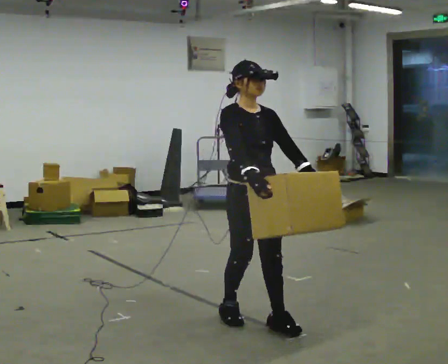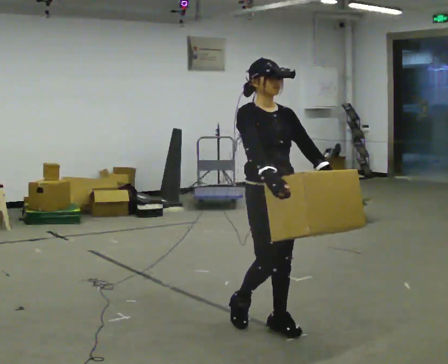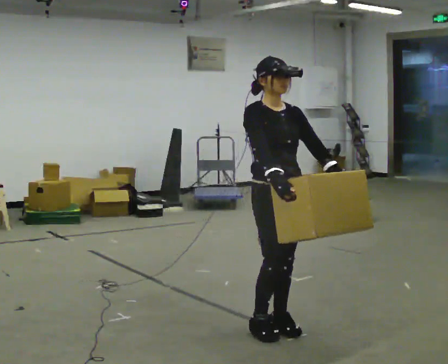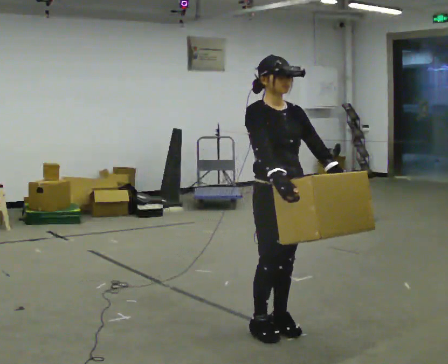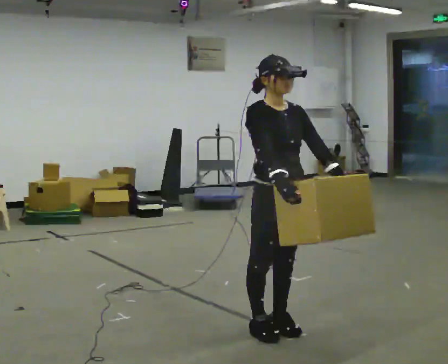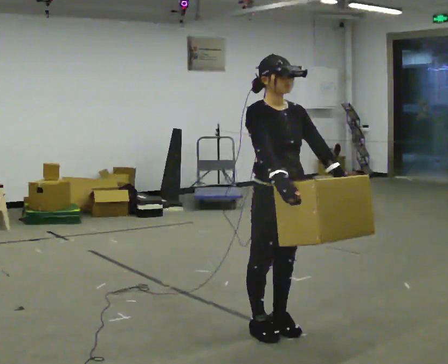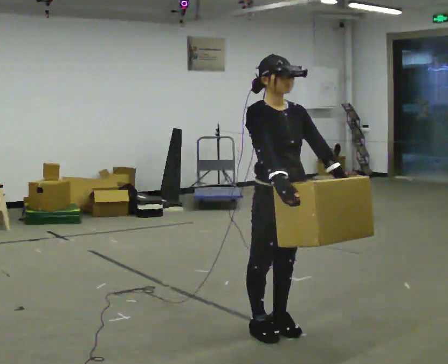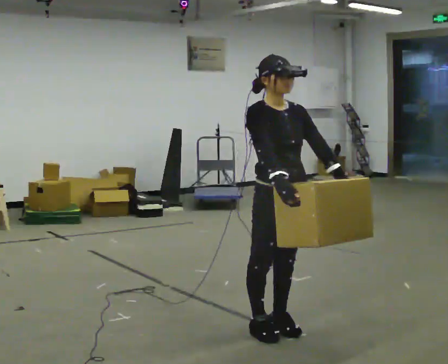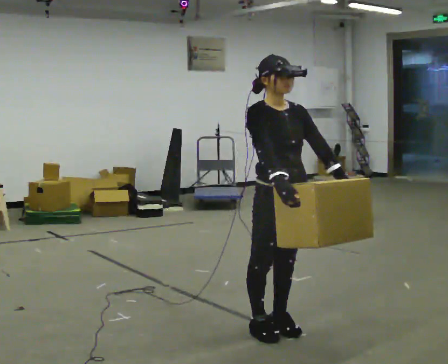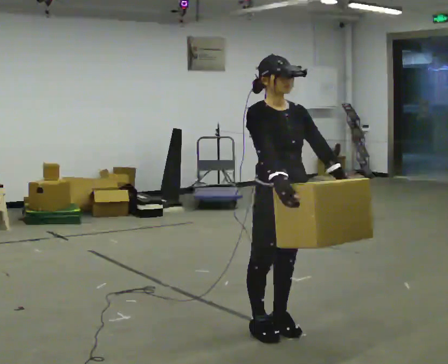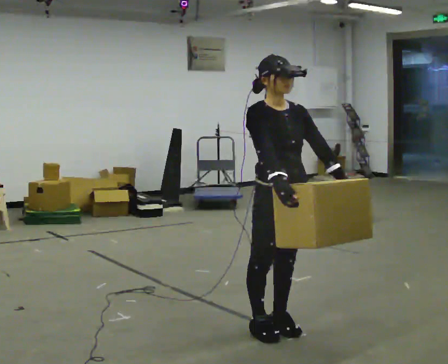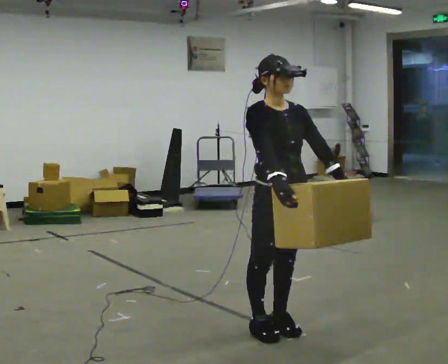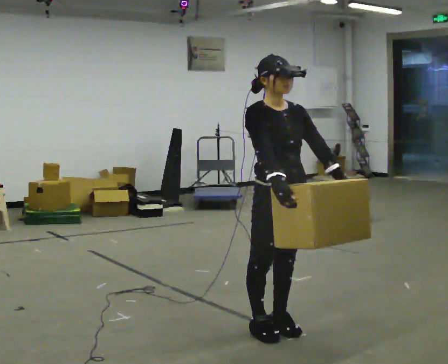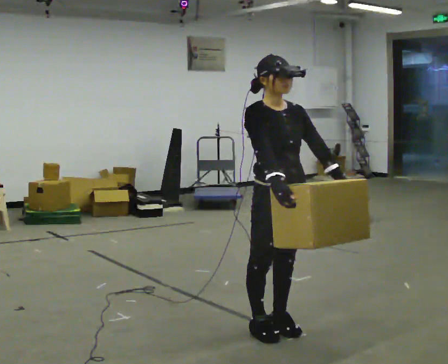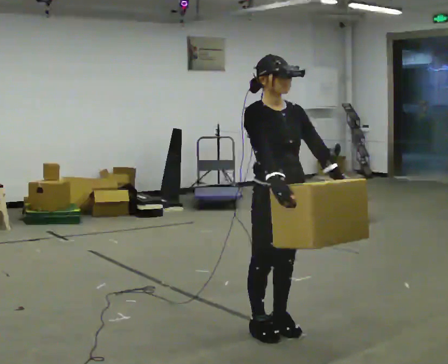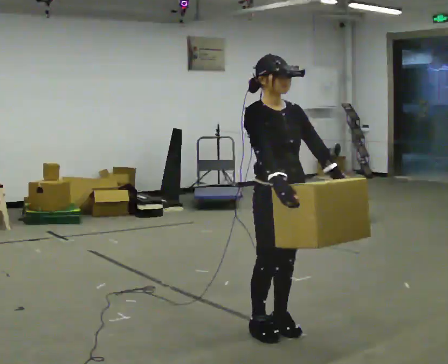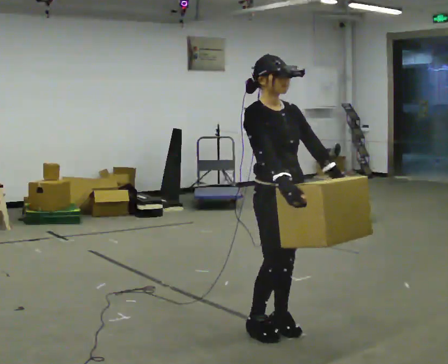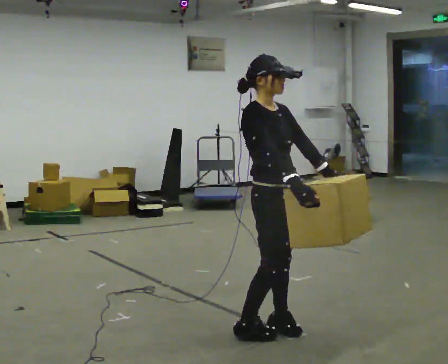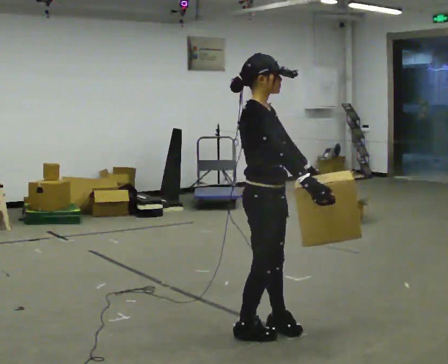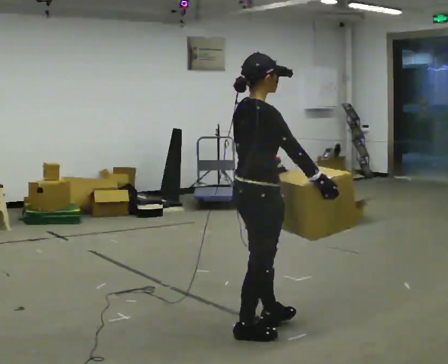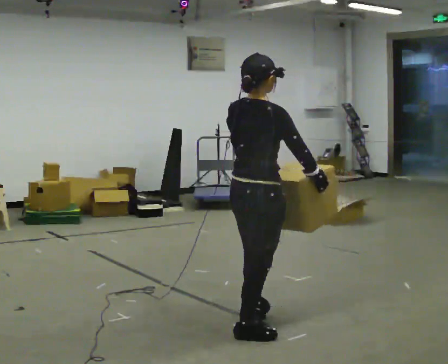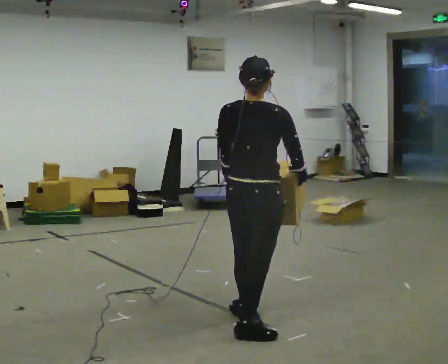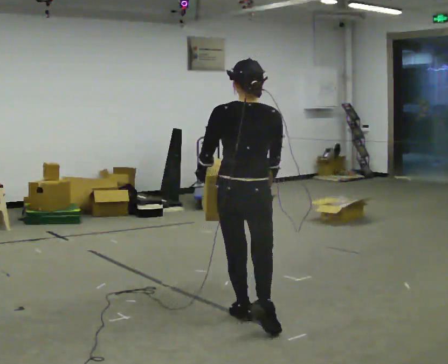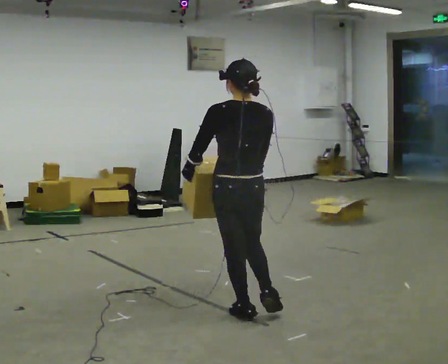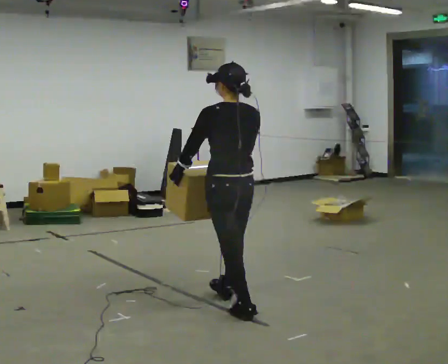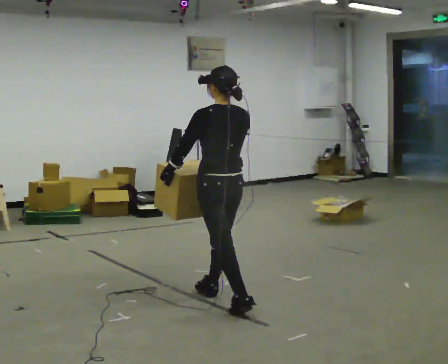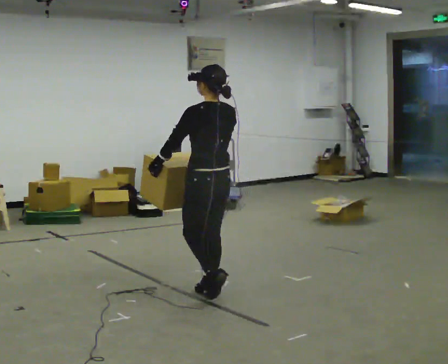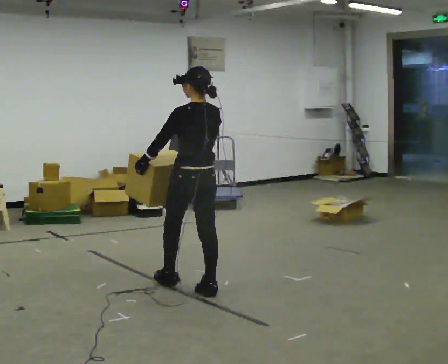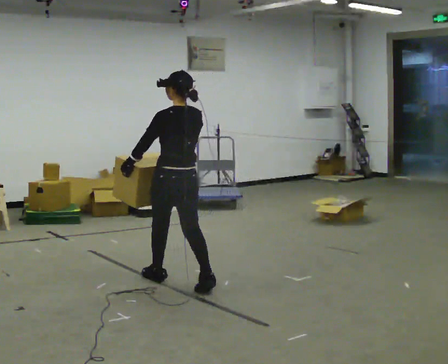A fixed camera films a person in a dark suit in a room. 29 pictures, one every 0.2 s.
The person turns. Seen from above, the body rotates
counterclockwise.
The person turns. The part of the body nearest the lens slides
to the right.
0.0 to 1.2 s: The person moves a little, or ends about where they began.
1.2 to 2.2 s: The person keeps their place and pose.
2.2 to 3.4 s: The person turns about 30 degrees to their left, counterclockwise seen from above, so the part of the body nearest the lens slides to the right.
3.4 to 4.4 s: Seen from above the body turns counterclockwise, about 120 degrees: to their left, with its near side sliding to the right. In the picture they go away from the camera, about 0.25 m in 1 step.
4.4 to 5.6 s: The person turns about 30 degrees to their left, counterclockwise seen from above, so the part of the body nearest the lens slides to the right. In the picture they go away from the camera and to the left, about 1 m in 2 steps, which for them is forward.
The film runs forward here.
